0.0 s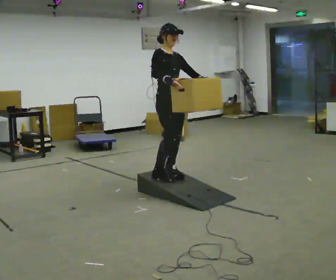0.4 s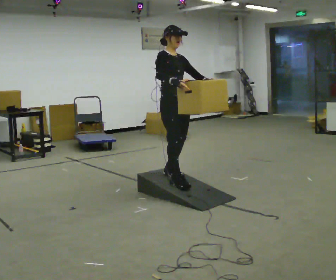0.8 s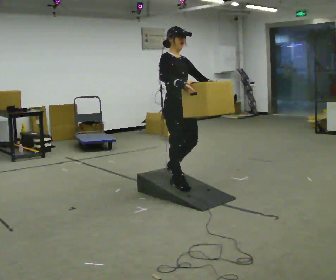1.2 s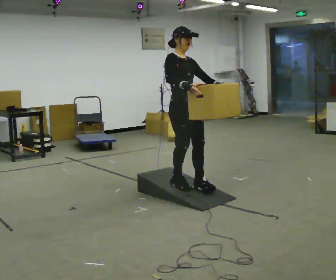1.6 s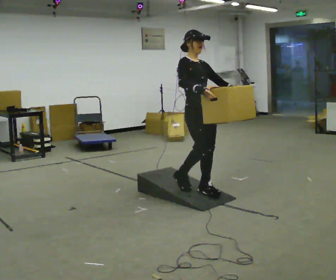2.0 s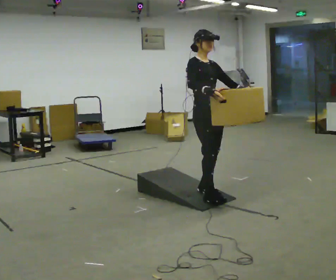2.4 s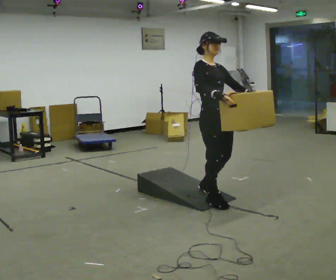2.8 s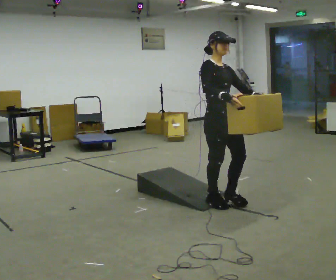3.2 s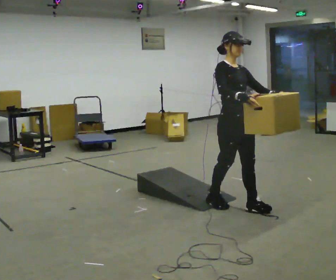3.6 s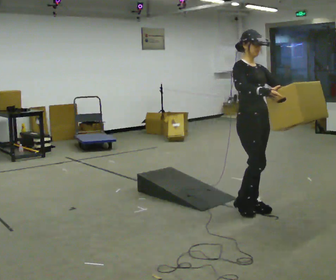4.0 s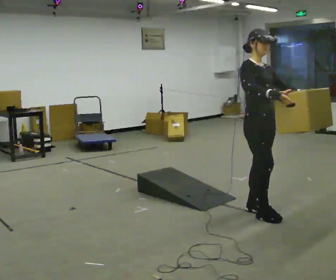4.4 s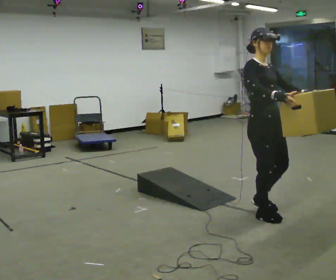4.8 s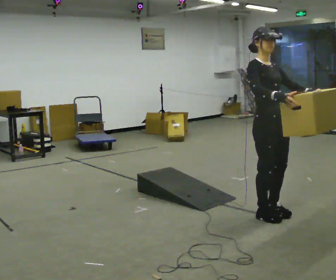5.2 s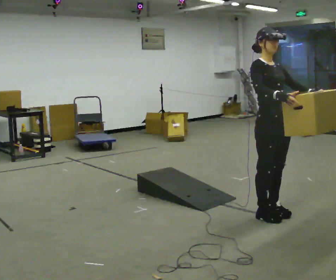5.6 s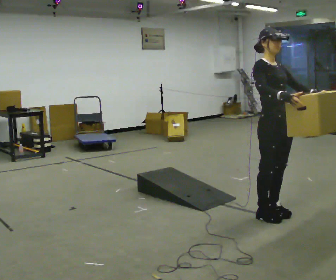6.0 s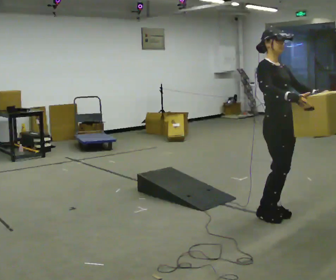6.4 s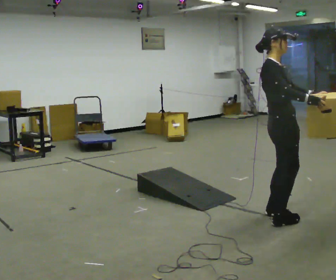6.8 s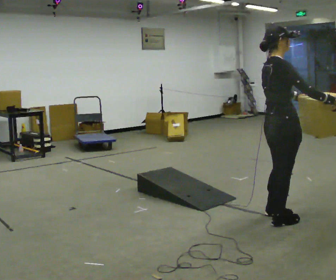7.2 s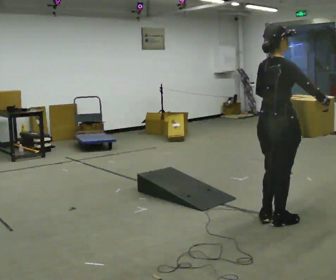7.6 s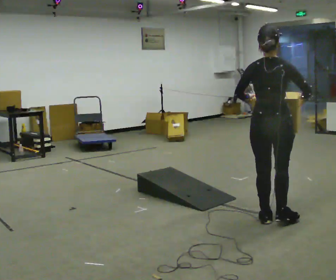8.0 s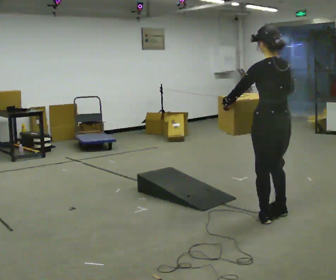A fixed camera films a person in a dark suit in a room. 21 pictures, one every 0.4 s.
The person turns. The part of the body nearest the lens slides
to the right.
The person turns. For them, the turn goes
to their left.
0.0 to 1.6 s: In the picture they go to the right and toward the camera, about 0.5 m in 2 steps, which for them is forward.
1.6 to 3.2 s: In the picture they go toward the camera and to the right, about 0.5 m in 2 steps, which for them is forward.
3.2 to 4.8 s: In the picture they go toward the camera and to the right, about 0.5 m in 2 steps, which for them is forward.
4.8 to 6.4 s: Seen from above the body turns counterclockwise, about 30 degrees: to their left, with its near side sliding to the right.
6.4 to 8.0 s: Seen from above the body turns counterclockwise, about 135 degrees: to their left, with its near side sliding to the right.
The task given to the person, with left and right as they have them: Carry the box up the ramp, turn at the top, and carry it back down. Keep going until the operator says stop; one object at a time, and do not rush between trips.
The film runs forward here.
